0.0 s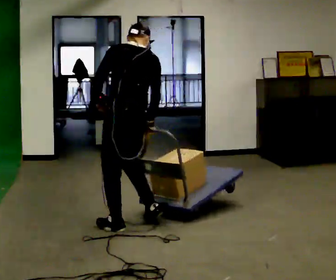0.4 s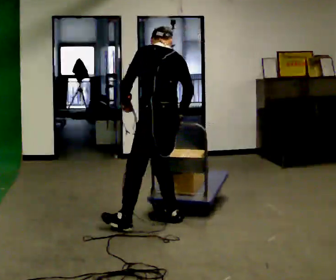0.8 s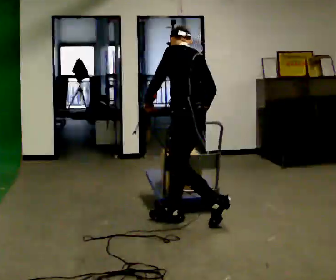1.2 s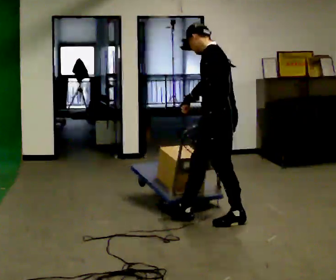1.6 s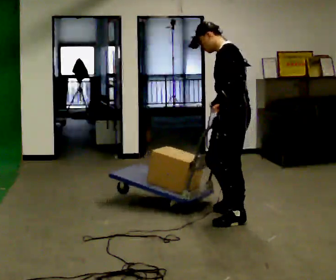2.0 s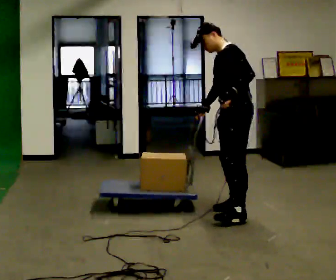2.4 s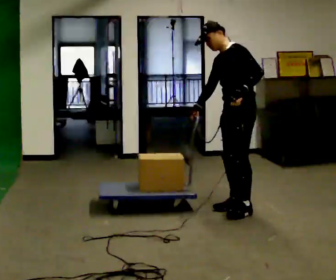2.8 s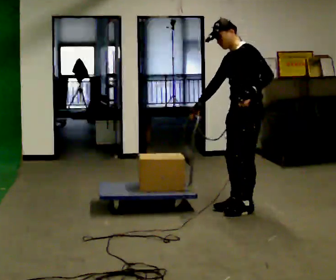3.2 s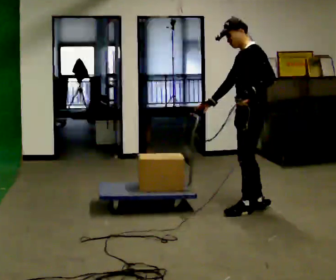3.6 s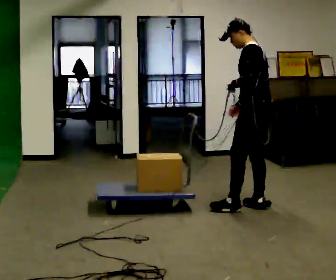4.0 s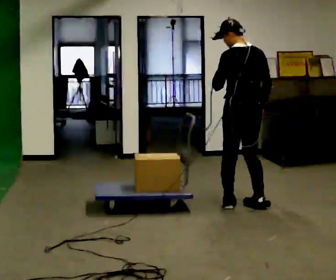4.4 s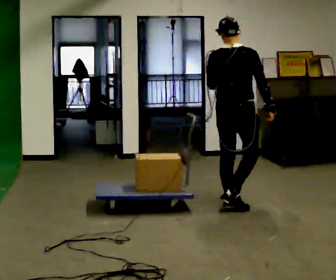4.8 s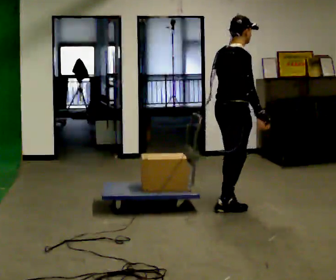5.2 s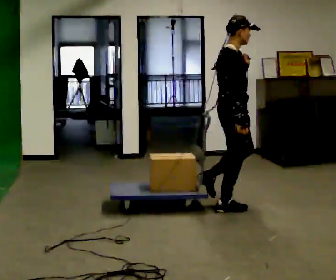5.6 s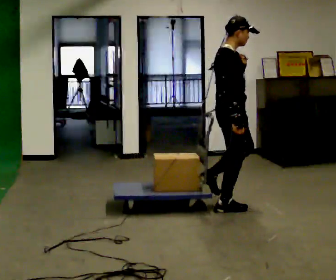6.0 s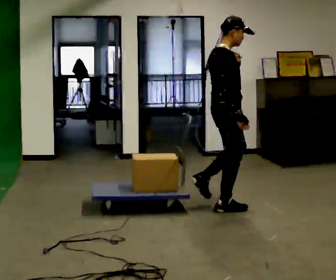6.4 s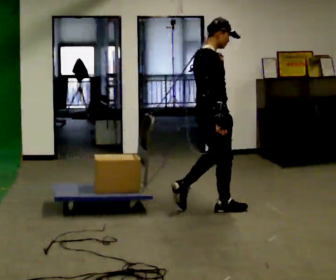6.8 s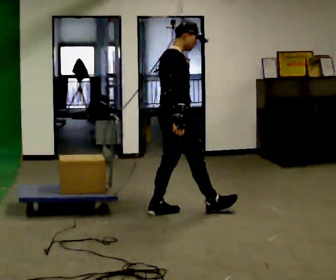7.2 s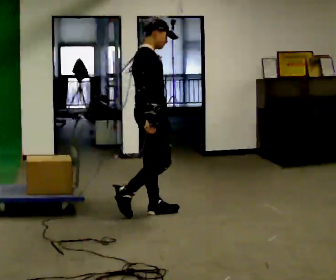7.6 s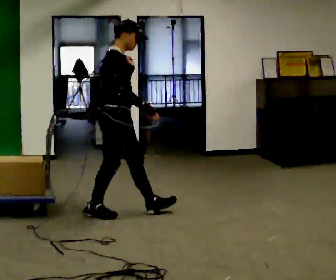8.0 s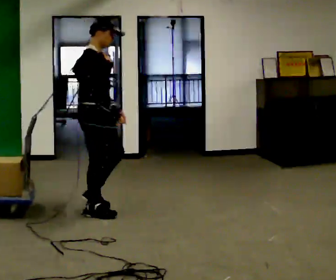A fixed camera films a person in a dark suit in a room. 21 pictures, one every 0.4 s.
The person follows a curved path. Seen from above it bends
counterclockwise.
0.0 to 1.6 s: The person turns about 60 degrees to their left, counterclockwise seen from above, so the part of the body nearest the lens slides to the right. In the picture they go to the right, about 1 m in 2 steps, which for them is backward and to their right.
1.6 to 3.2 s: In the picture they go away from the camera and to the right, about 0.25 m in 2 steps, which for them is backward and to their right.
3.2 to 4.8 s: Seen from above the body turns clockwise, about 165 degrees: to their right, with its near side sliding to the left. In the picture they go to the left, about 0.25 m in 3 steps. In the picture their right hand goes to the right, the arm swinging counterclockwise.
4.8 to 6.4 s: In the picture they go to the left, about 0.25 m in 1 step, which for them is backward. In the picture their right hand goes to the left.
6.4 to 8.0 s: In the picture they go to the left, about 1 m in 2 steps, which for them is backward.
The film runs backward here.
